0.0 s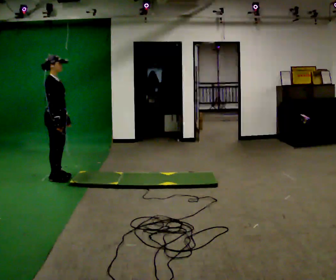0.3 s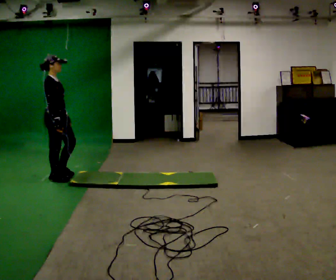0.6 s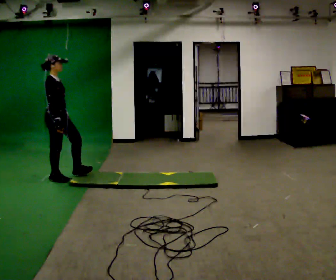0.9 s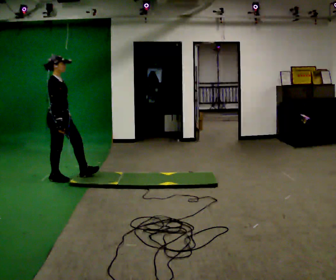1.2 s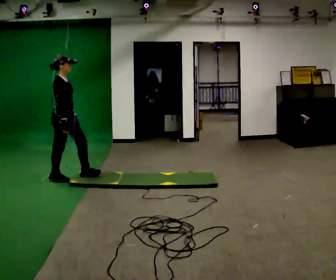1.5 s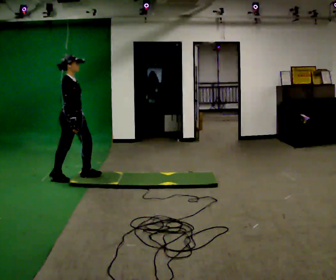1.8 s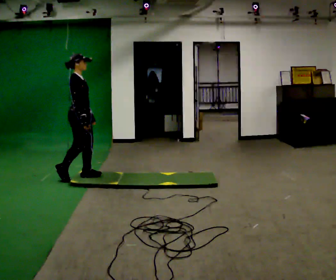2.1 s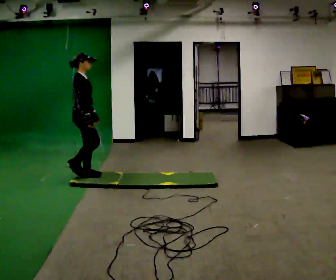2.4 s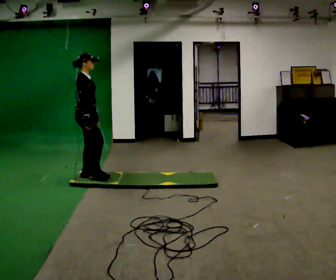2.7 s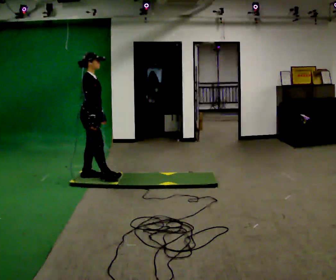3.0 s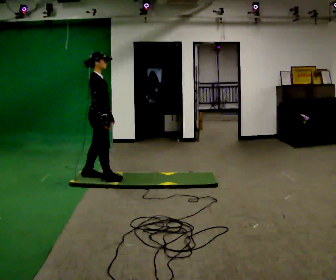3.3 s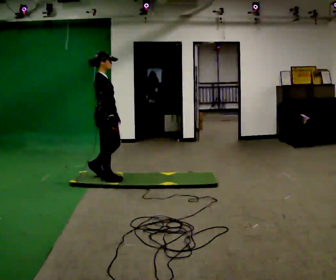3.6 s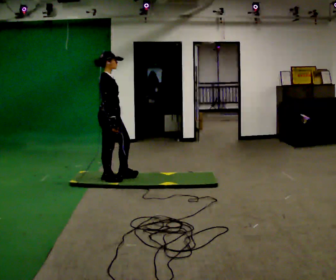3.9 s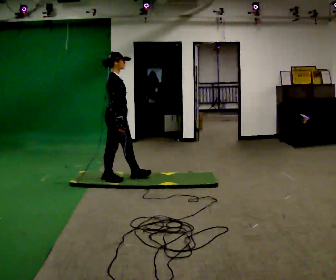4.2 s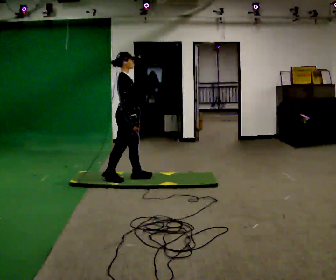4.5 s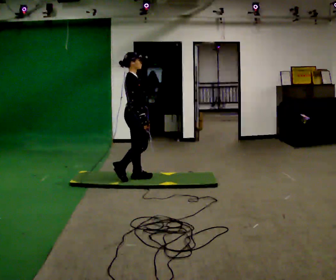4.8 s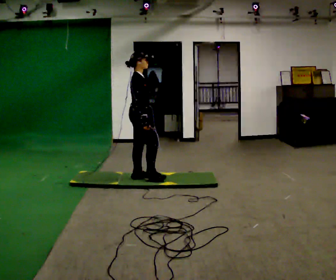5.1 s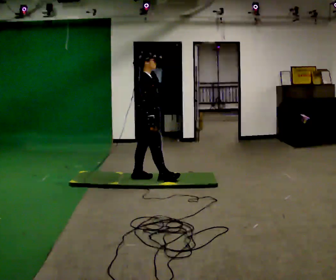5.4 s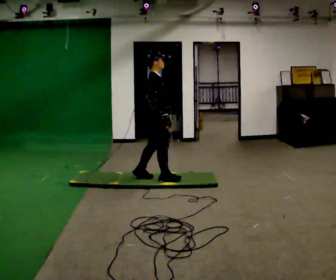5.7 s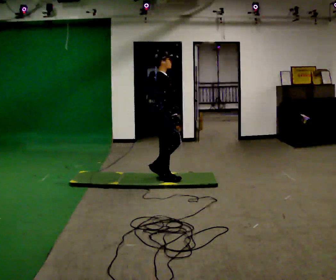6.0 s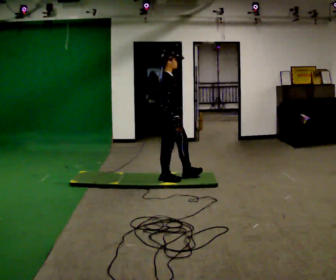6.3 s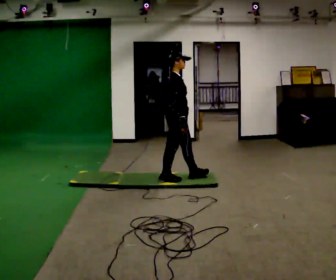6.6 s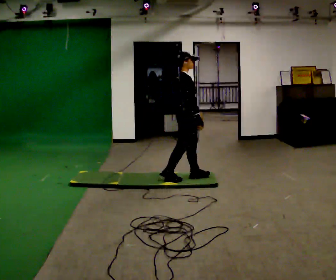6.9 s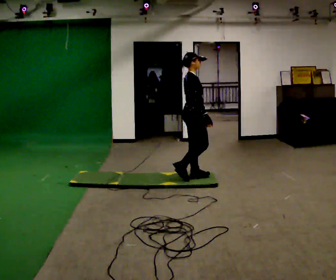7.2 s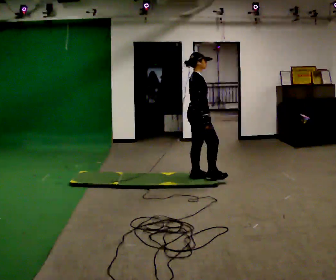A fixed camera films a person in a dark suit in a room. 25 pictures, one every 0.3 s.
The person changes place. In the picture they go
to the right.
0.0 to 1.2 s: The person moves a little, or ends about where they began.
1.2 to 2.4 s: In the picture they go to the right, about 0.25 m, which for them is forward.
2.4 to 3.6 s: In the picture they go to the right and toward the camera, about 0.25 m in 1 step, which for them is forward and to their right.
3.6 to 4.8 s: In the picture they go to the right, about 0.25 m in 1 step, which for them is forward.
4.8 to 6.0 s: In the picture they go to the right and toward the camera, about 0.5 m in 1 step, which for them is forward and to their right.
6.0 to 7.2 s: In the picture they go to the right, about 0.25 m in 1 step, which for them is forward.
The film runs forward here.
